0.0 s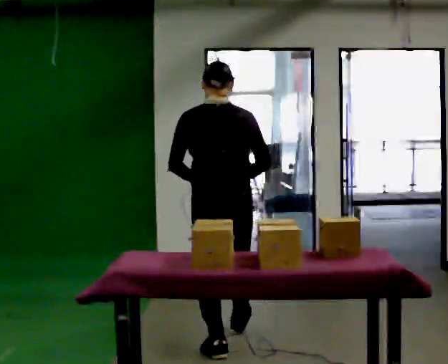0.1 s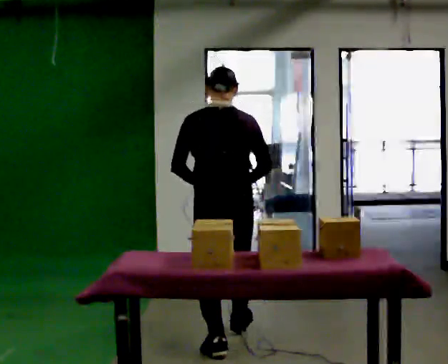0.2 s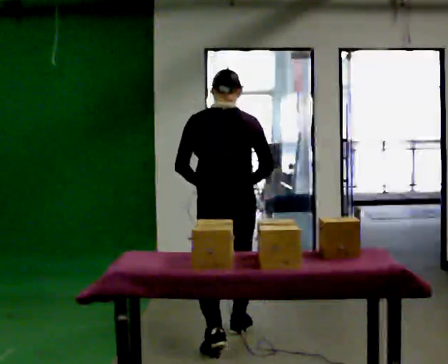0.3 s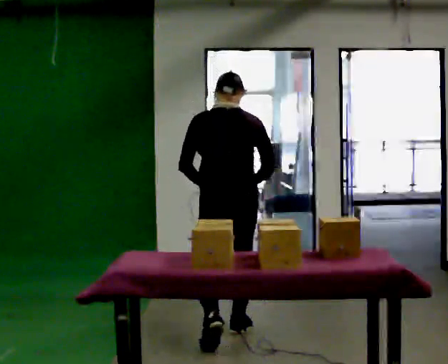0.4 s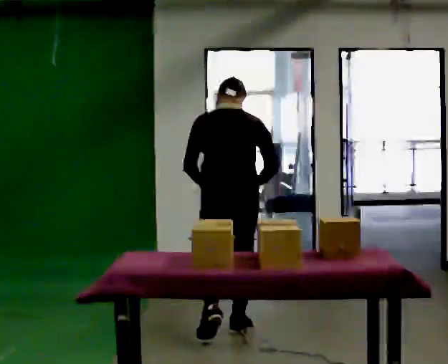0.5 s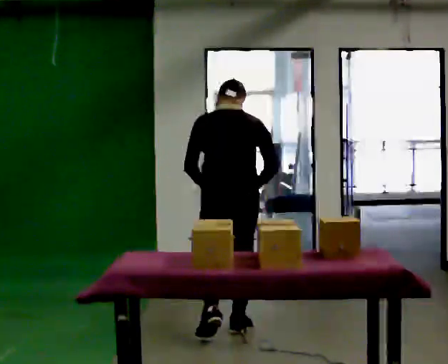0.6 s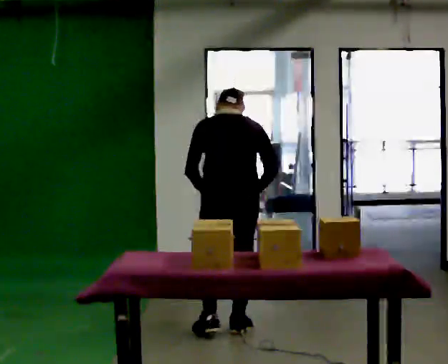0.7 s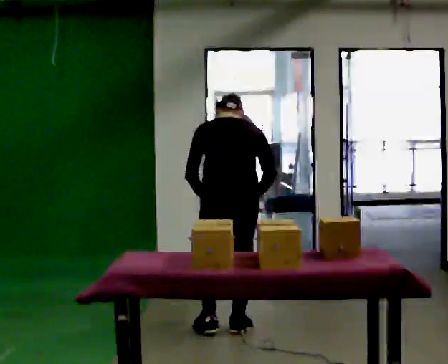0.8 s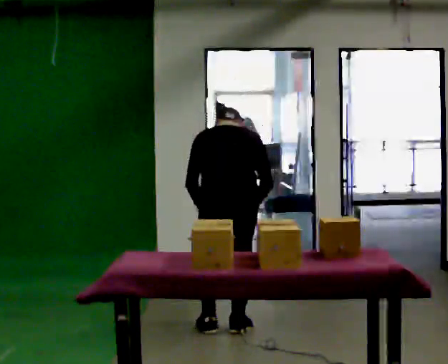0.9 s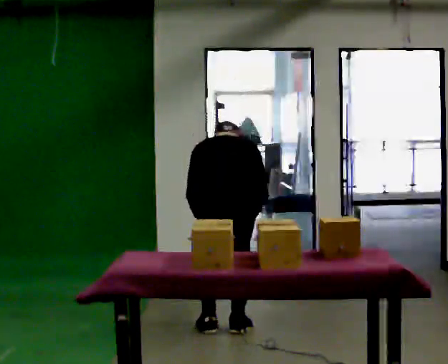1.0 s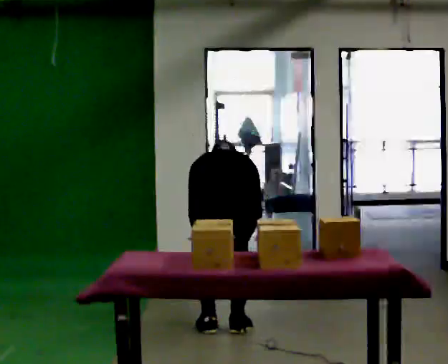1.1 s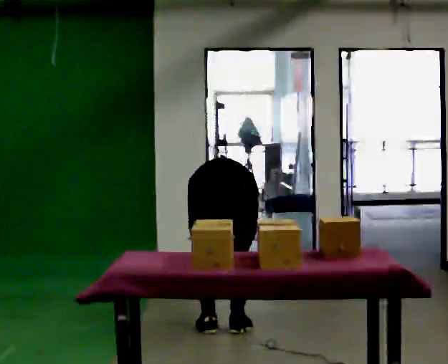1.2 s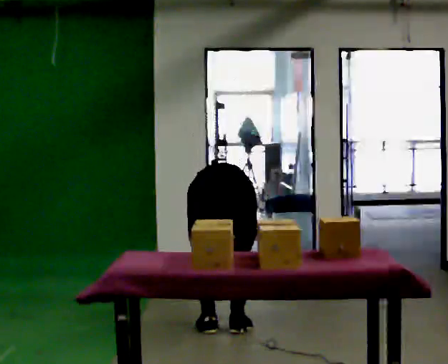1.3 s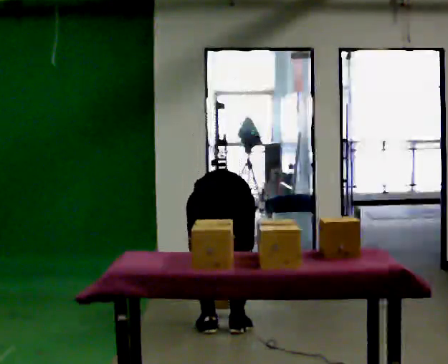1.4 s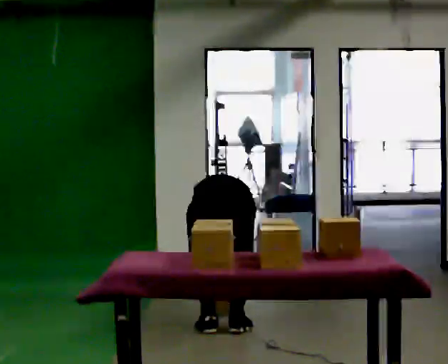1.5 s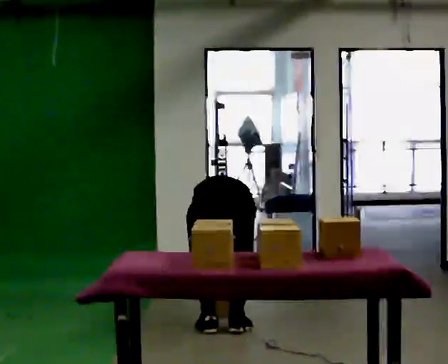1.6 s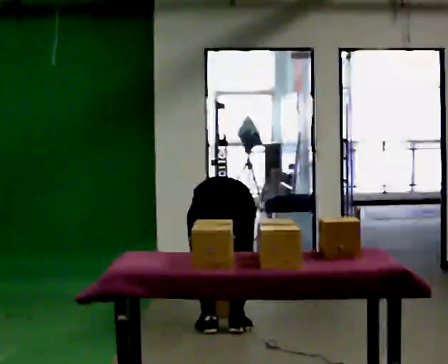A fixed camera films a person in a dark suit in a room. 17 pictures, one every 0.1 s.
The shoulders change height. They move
downward.
Their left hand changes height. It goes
downward.
0.0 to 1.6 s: In the picture they go away from the camera, about 0.25 m in 2 steps, which for them is forward. The shoulders move downward. The upper body tips away from the camera, its near side rolling upward, as they bend forward. In the picture their right hand goes downward.
The film runs forward here.
